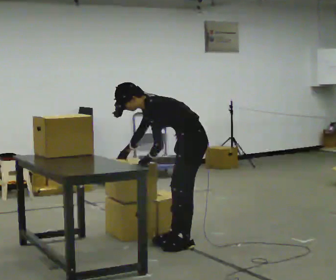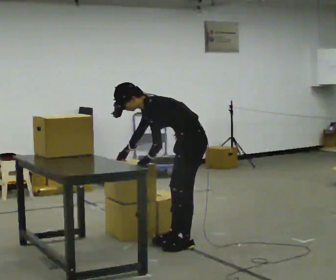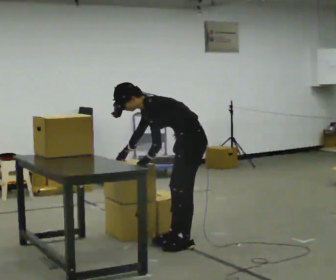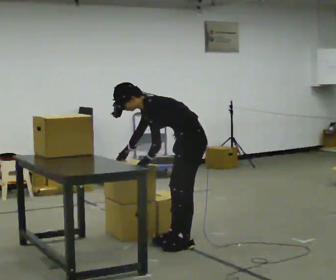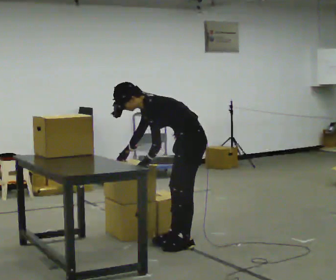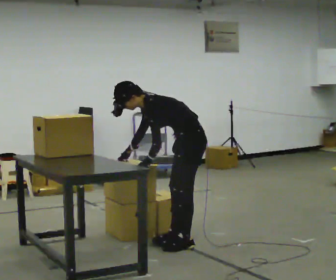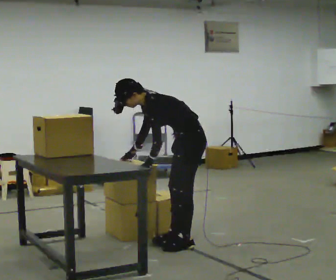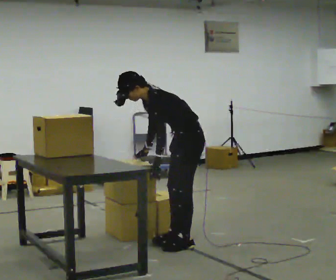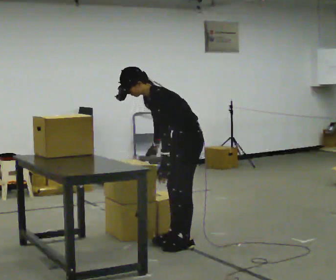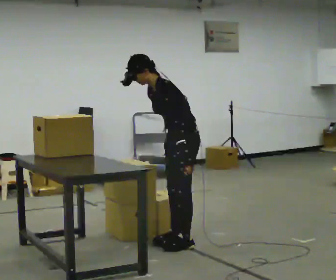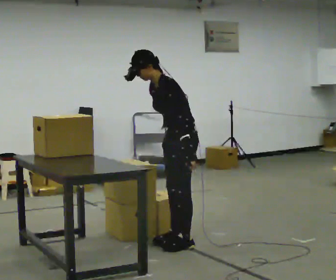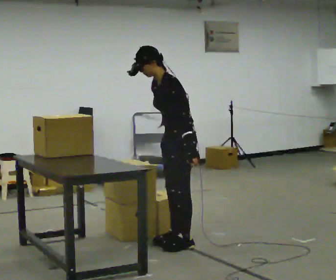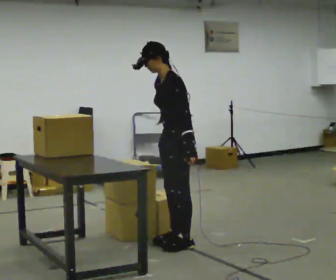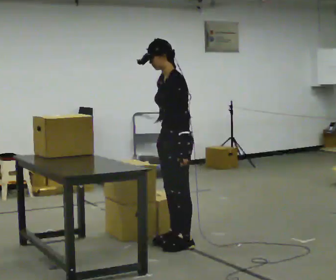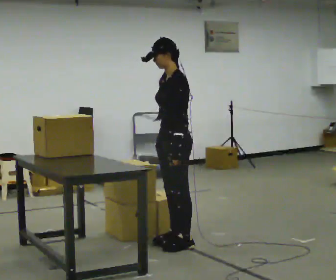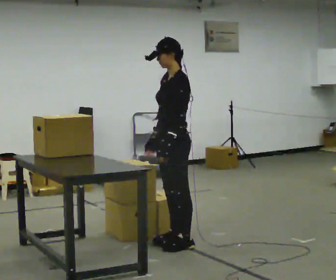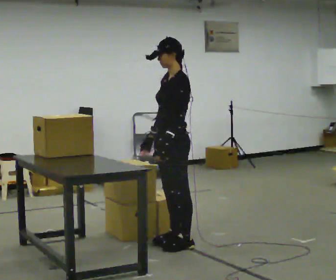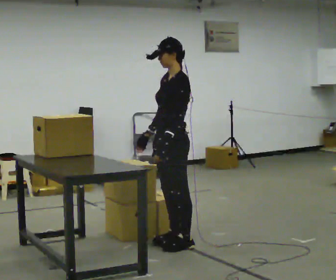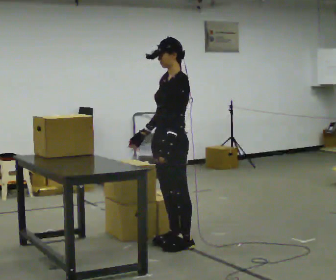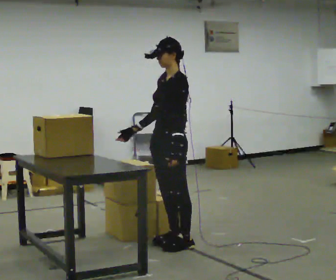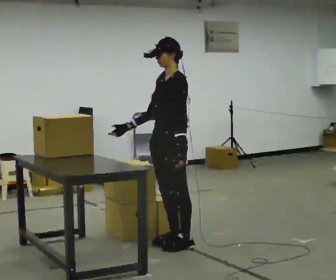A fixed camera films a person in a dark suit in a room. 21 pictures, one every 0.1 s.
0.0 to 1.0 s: The shoulders move upward. In the picture the upper body tilts clockwise, shoulders to the right, as they lean back or straighten. In the picture their left hand goes to the right.
1.0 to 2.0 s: In the picture the upper body tilts clockwise, shoulders to the right, as they lean back or straighten. In the picture their right hand goes to the left, the arm swinging clockwise.
The film runs forward here.
